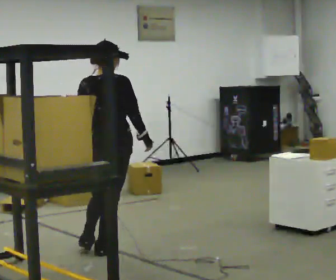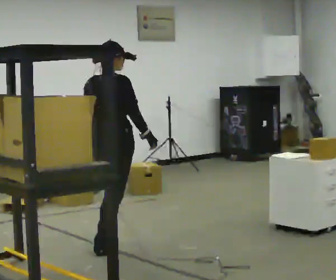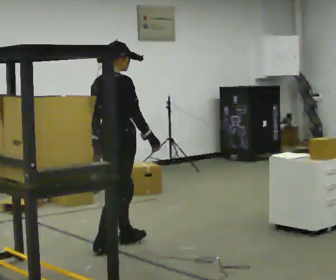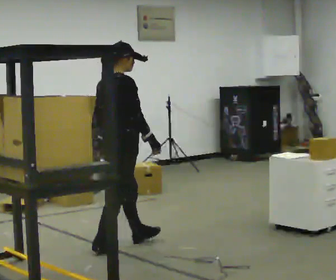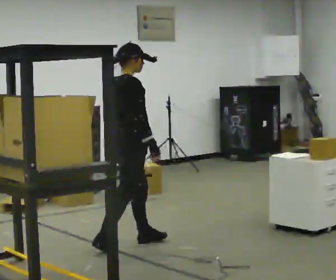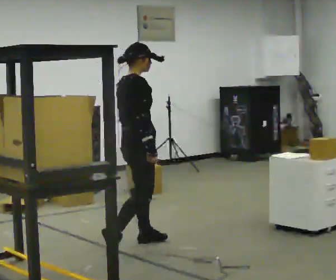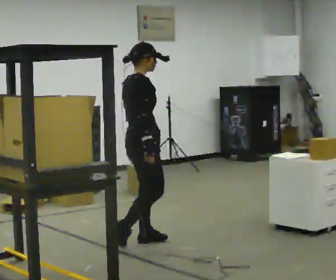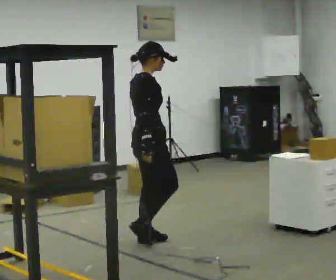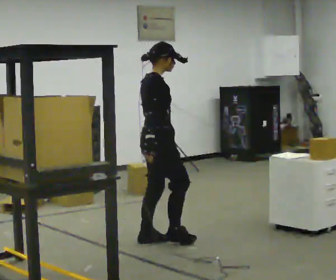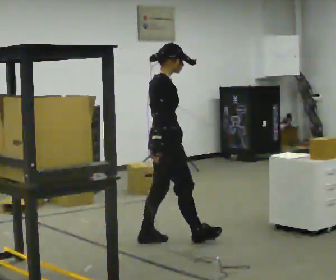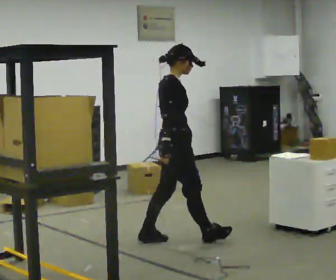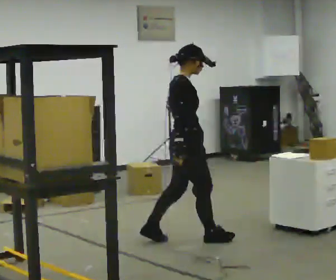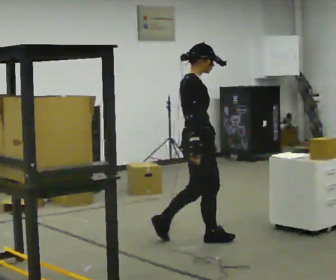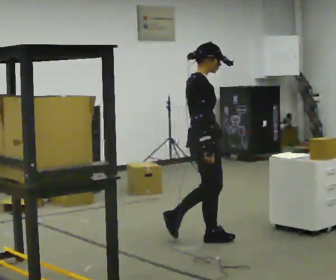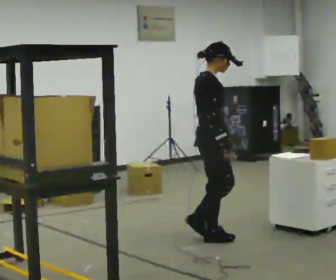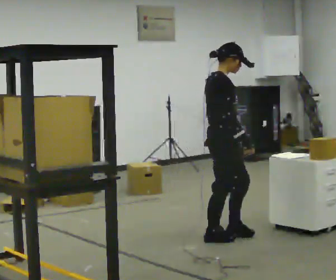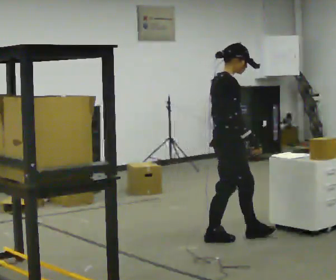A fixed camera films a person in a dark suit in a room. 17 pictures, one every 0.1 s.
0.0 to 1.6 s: The part of the body nearest the lens slides to the left as the person turns to their right by about 60 degrees. In the picture they go to the right, about 1 m in 2 steps.
The film runs forward here.
